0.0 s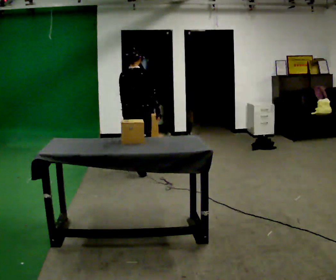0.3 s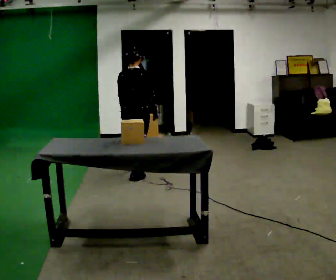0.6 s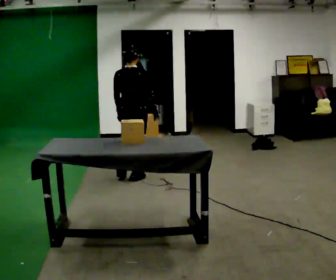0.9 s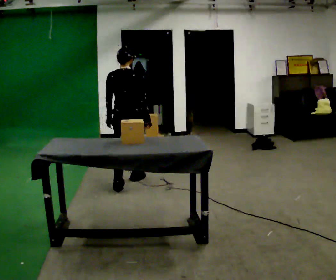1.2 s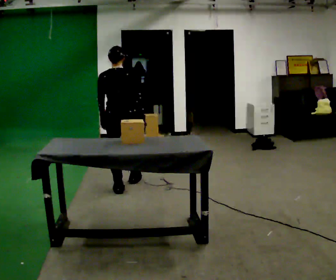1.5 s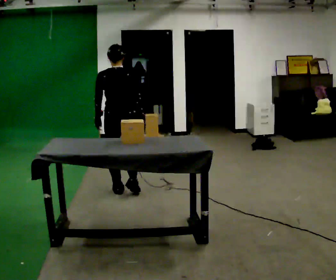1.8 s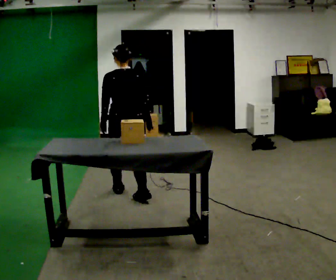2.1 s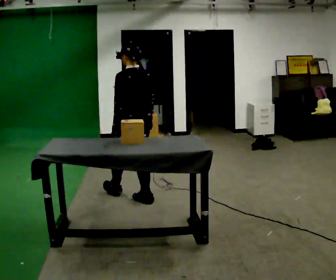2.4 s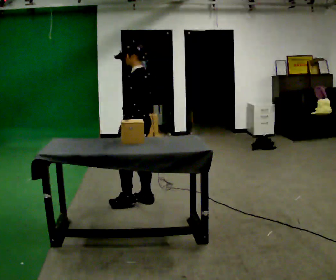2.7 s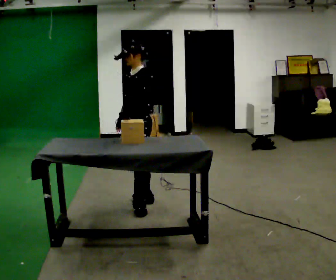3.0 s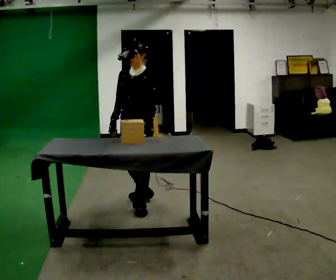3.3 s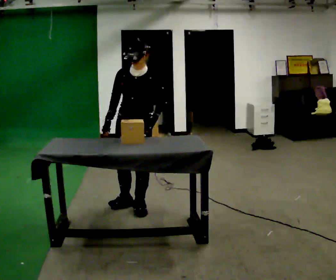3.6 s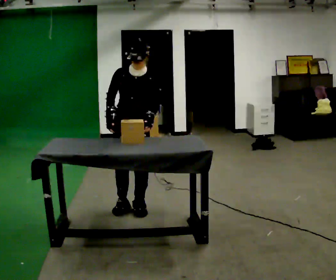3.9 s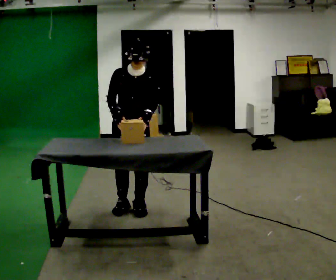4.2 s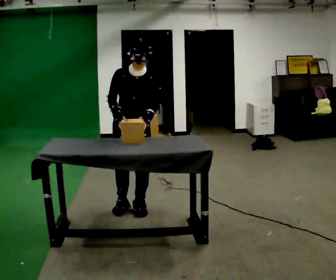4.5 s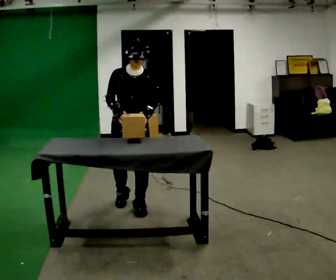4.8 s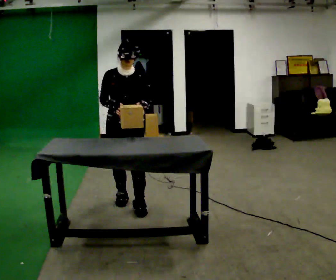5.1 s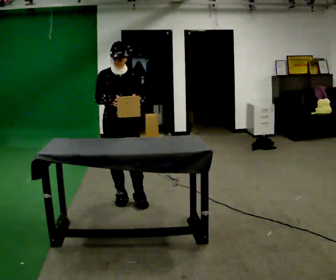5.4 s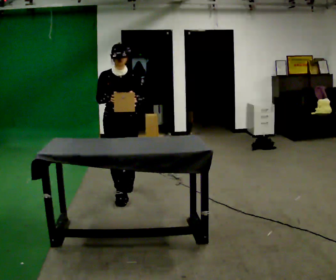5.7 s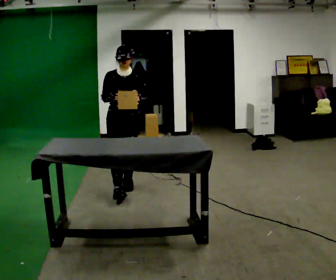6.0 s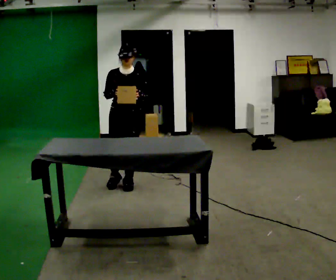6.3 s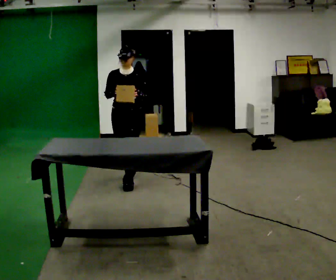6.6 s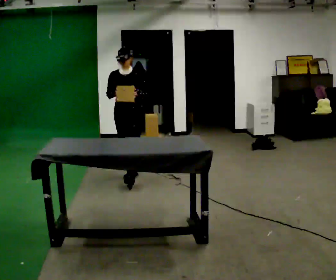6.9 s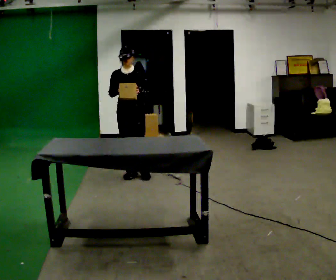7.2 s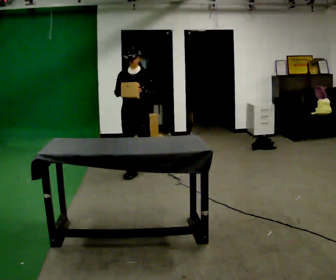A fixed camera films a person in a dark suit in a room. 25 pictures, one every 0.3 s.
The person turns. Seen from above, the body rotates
counterclockwise.
The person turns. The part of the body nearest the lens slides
to the right.
0.0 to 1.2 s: In the picture they go toward the camera, about 0.5 m in 2 steps, which for them is backward.
1.2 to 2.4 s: Seen from above the body turns counterclockwise, about 75 degrees: to their left, with its near side sliding to the right. In the picture they go toward the camera and to the right, about 0.5 m in 1 step.
2.4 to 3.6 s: The part of the body nearest the lens slides to the right as the person turns to their left by about 90 degrees. In the picture they go toward the camera, about 0.25 m in 1 step.
3.6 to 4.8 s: The person moves a little, or ends about where they began.
4.8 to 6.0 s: In the picture they go away from the camera, about 0.5 m in 2 steps, which for them is backward.
6.0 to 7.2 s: In the picture they go away from the camera, about 0.5 m in 1 step, which for them is backward.
The film runs backward here.
